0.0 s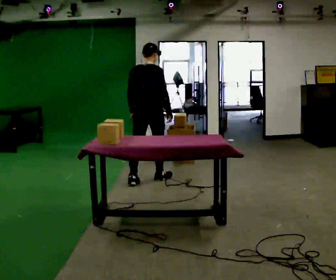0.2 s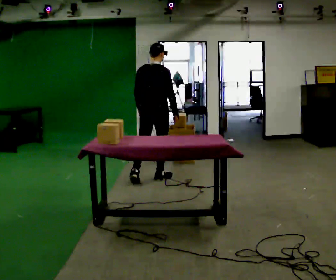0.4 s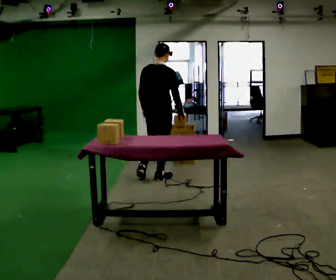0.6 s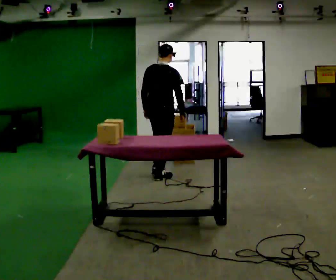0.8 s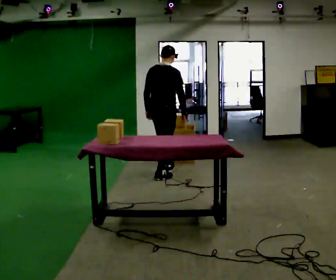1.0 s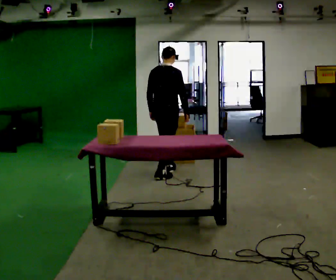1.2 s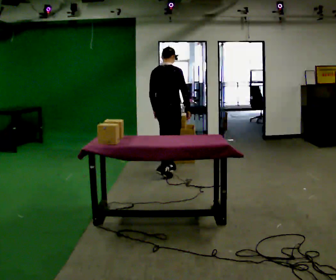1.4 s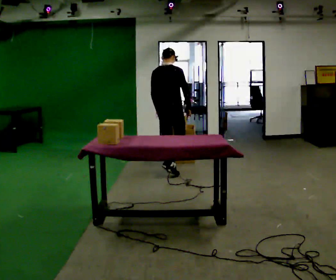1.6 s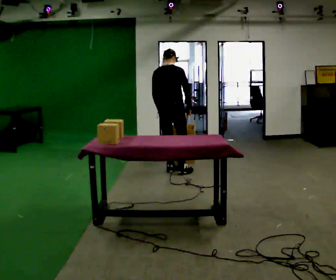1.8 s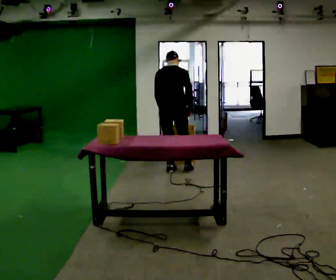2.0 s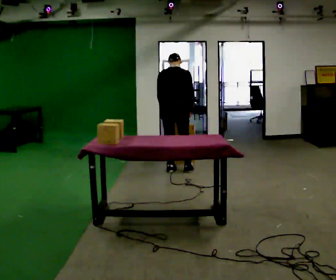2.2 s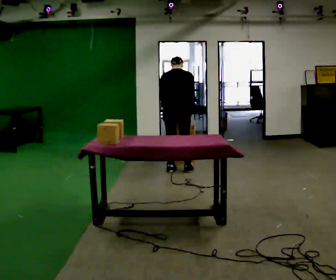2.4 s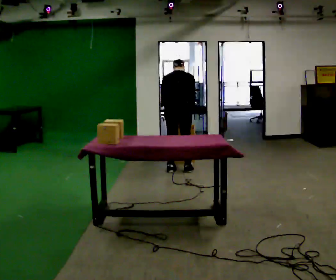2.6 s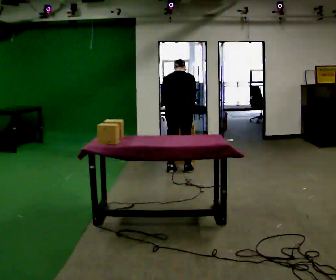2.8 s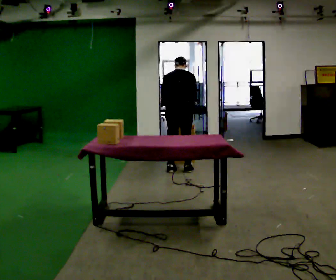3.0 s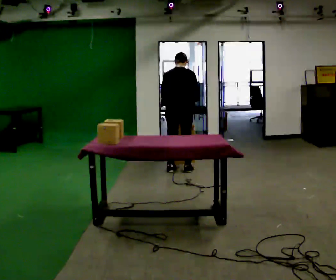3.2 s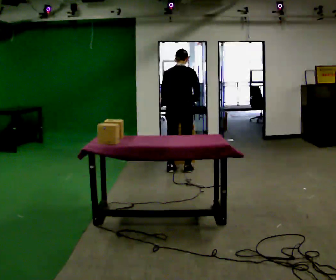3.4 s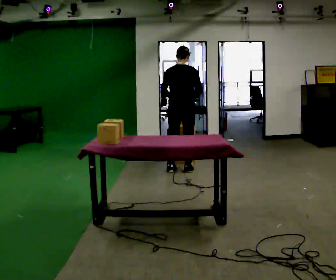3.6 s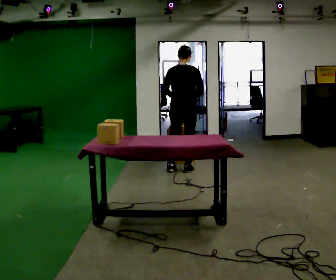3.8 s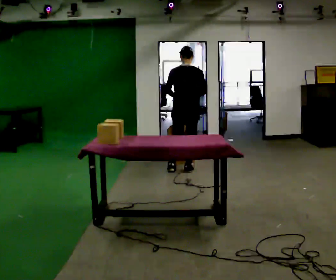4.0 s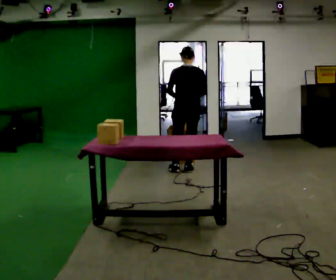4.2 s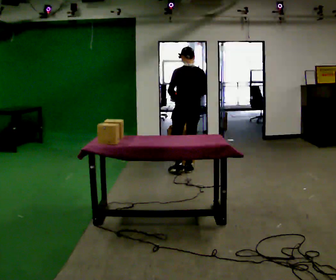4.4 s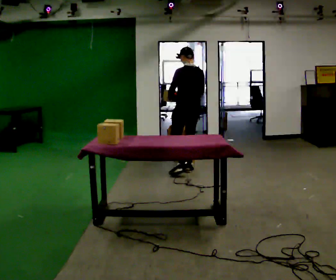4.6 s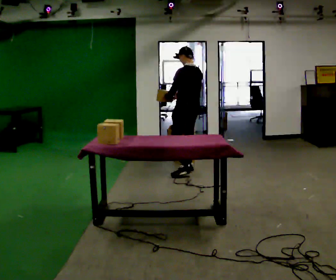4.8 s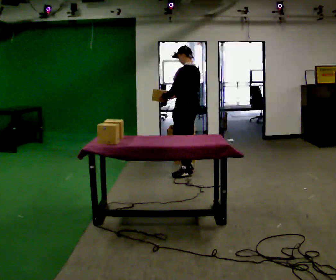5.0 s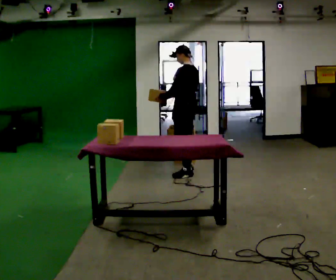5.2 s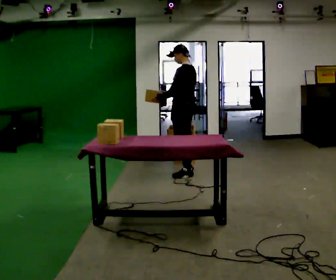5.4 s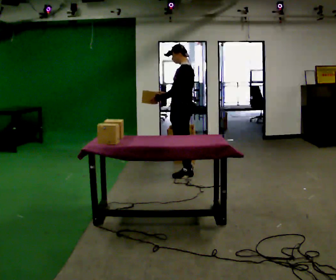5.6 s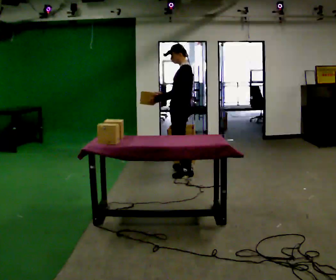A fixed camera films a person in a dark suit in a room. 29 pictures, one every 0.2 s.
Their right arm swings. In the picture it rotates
clockwise.
0.0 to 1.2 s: In the picture they go away from the camera and to the right, about 0.5 m in 1 step, which for them is forward.
1.2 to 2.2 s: The upper body tips away from the camera, its near side rolling upward, as they bend forward.
2.2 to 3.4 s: The person moves a little, or ends about where they began.
3.4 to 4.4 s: The person turns about 45 degrees to their left, counterclockwise seen from above, so the part of the body nearest the lens slides to the right.
4.4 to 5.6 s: The person turns about 45 degrees to their left, counterclockwise seen from above, so the part of the body nearest the lens slides to the right. In the picture they go toward the camera, about 0.25 m, which for them is to their left.
The film runs forward here.
